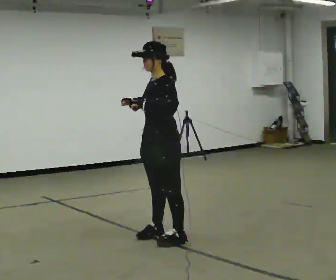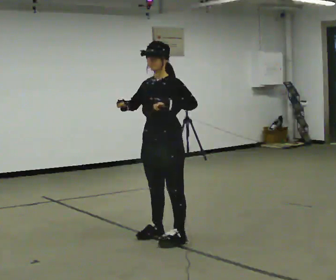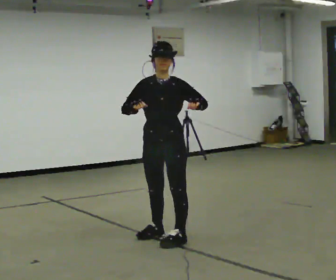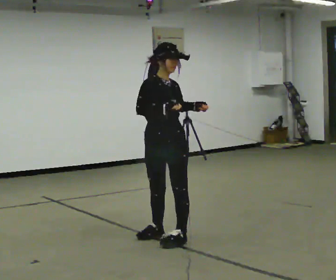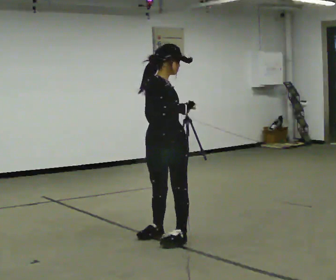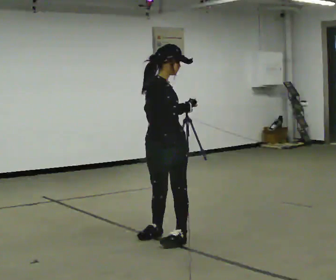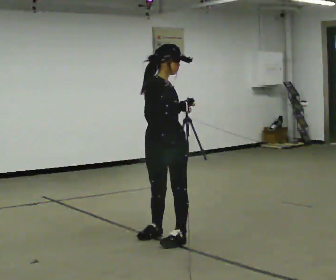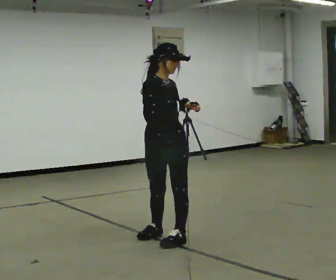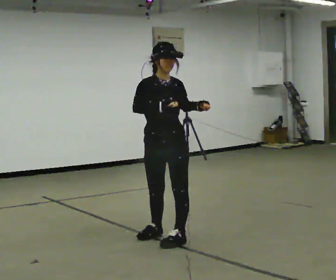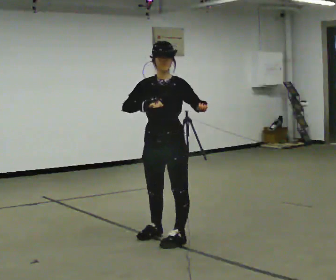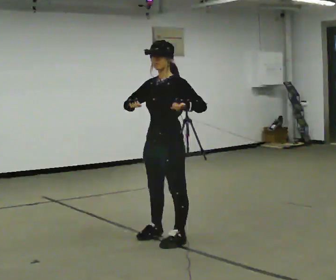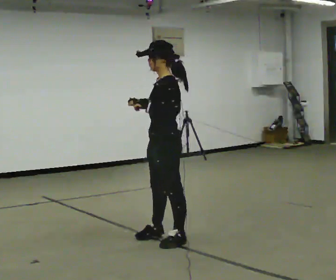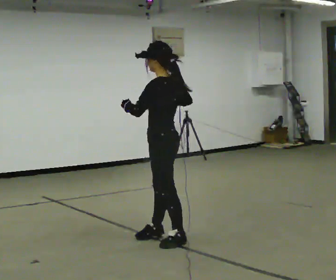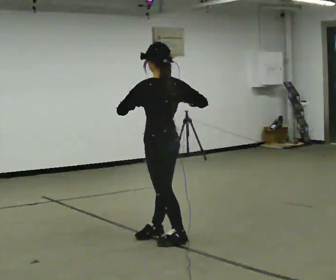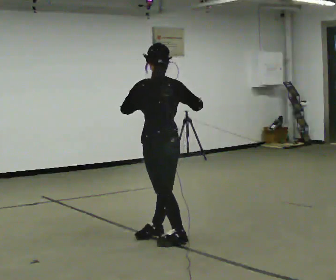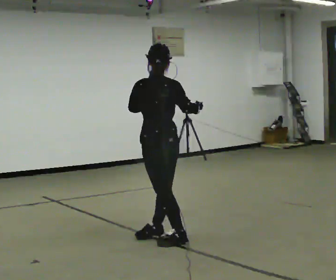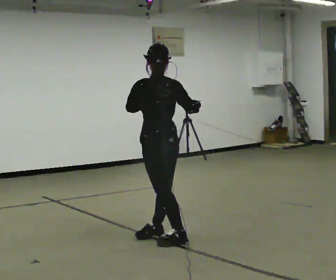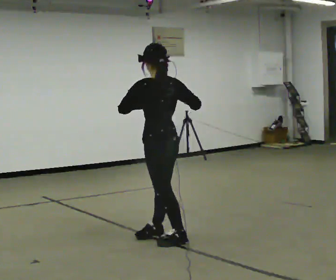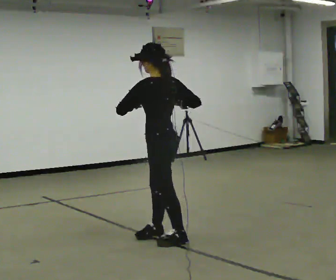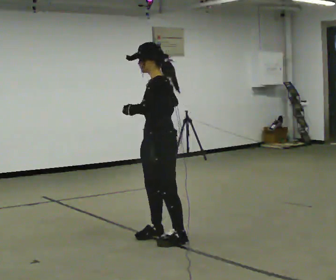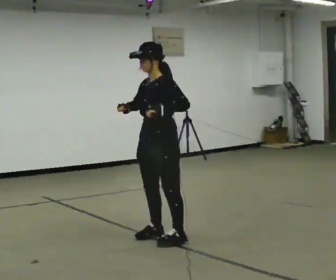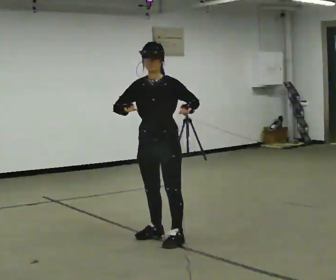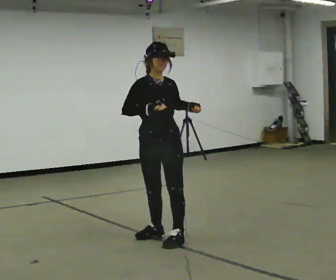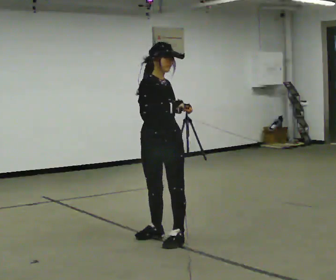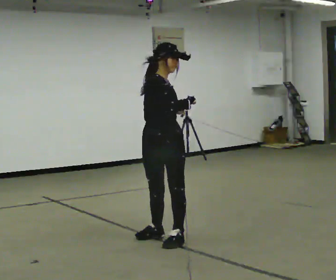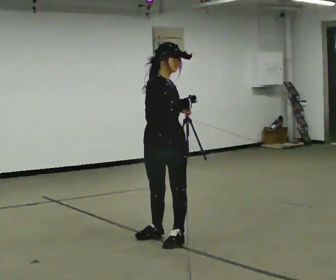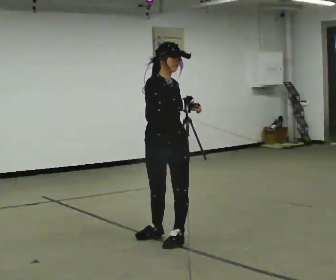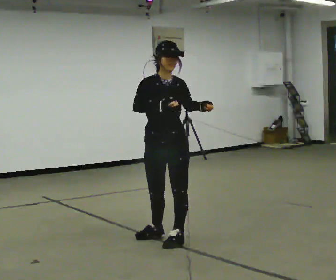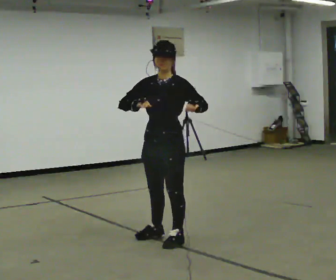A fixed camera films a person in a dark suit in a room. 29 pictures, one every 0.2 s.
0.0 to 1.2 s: The part of the body nearest the lens slides to the right as the person turns to their left by about 90 degrees. In the picture their right hand goes to the right.
1.2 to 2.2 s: The person turns about 120 degrees to their right, clockwise seen from above, so the part of the body nearest the lens slides to the left.
2.2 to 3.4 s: The part of the body nearest the lens slides to the left as the person turns to their right by about 45 degrees. In the picture their right hand goes to the right.
3.4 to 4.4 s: Seen from above the body turns counterclockwise, about 150 degrees: to their left, with its near side sliding to the right. In the picture their right hand goes to the left.
4.4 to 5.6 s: The part of the body nearest the lens slides to the left as the person turns to their right by about 45 degrees.
The film runs forward here.
